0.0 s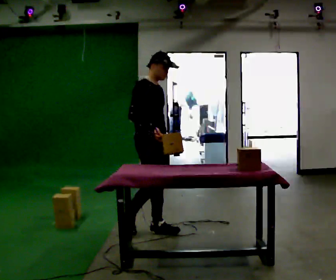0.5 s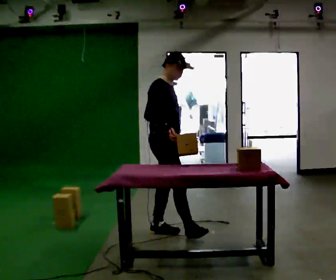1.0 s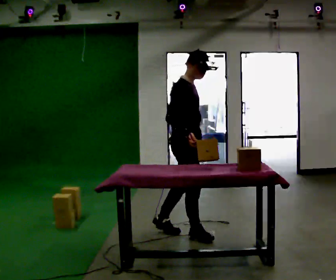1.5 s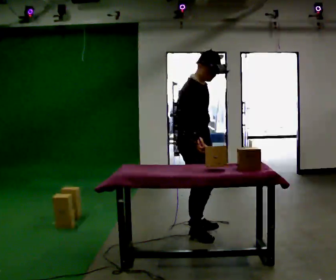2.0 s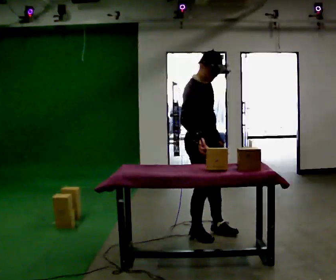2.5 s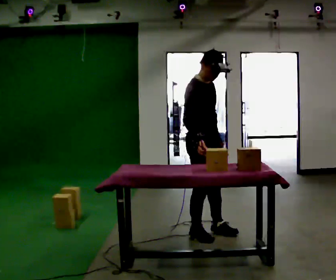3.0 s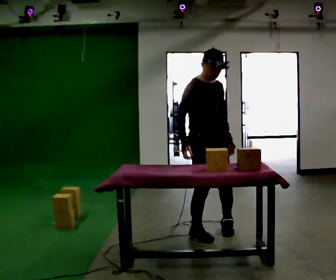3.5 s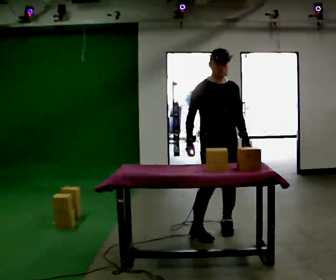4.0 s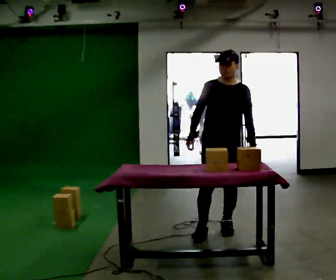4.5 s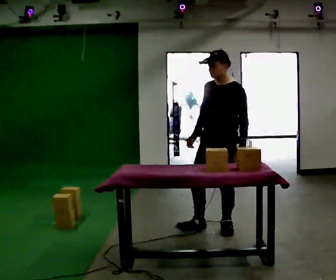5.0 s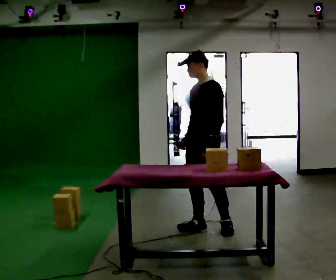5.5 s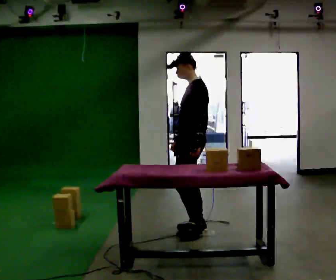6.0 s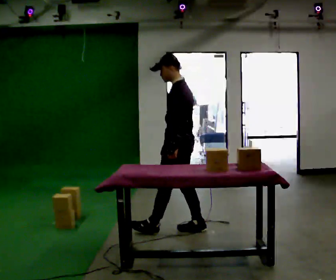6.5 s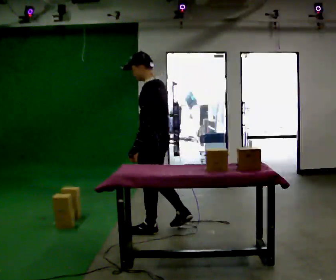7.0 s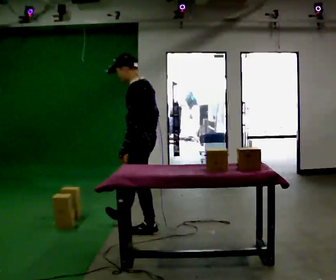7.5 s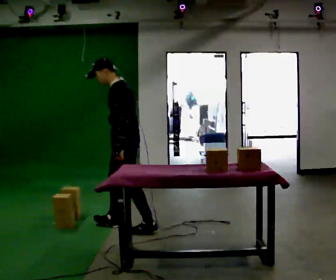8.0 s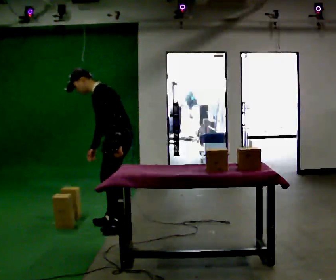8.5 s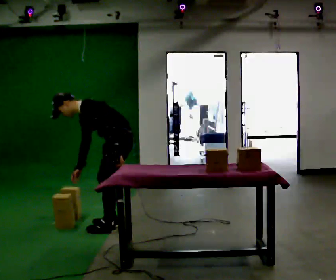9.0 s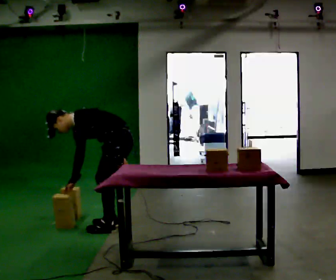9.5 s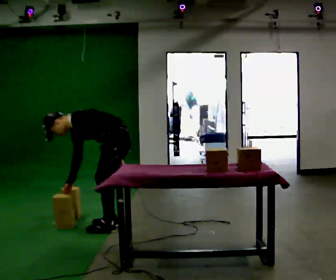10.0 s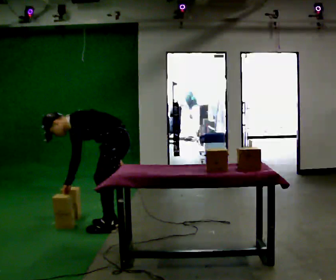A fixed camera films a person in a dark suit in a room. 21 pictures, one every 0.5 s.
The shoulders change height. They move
downward.
0.0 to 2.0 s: In the picture they go to the right, about 0.5 m in 2 steps, which for them is forward.
2.0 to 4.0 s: The person turns about 75 degrees to their right, clockwise seen from above, so the part of the body nearest the lens slides to the left. In the picture they go to the right and away from the camera, about 0.25 m in 1 step.
4.0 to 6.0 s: Seen from above the body turns clockwise, about 90 degrees: to their right, with its near side sliding to the left. In the picture they go to the left, about 0.5 m in 1 step.
6.0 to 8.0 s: In the picture they go to the left, about 0.5 m in 1 step, which for them is forward. In the picture the upper body tilts counterclockwise, shoulders to the left, as they bend forward.
8.0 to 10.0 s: The upper body goes downward. In the picture the upper body tilts counterclockwise, shoulders to the left, as they bend forward.
The film runs forward here.
